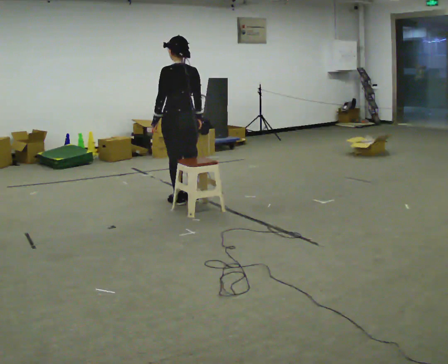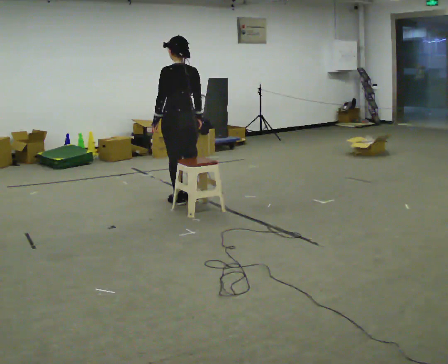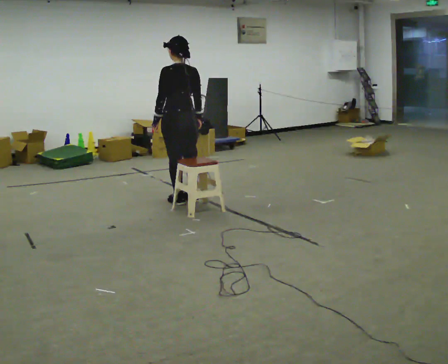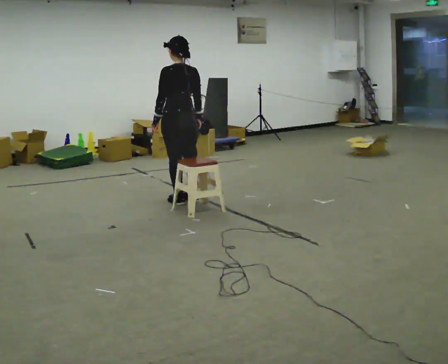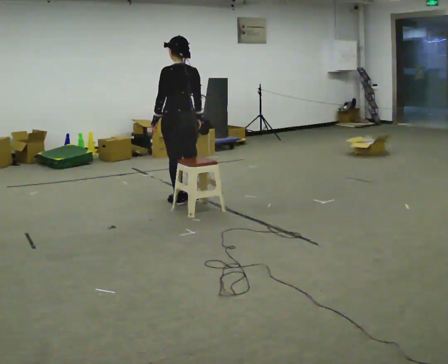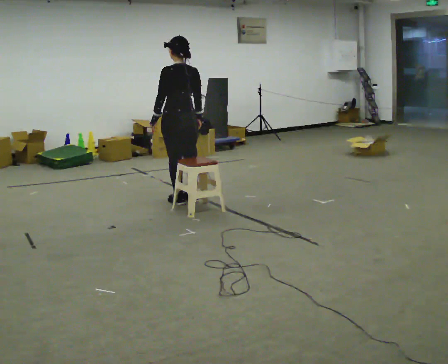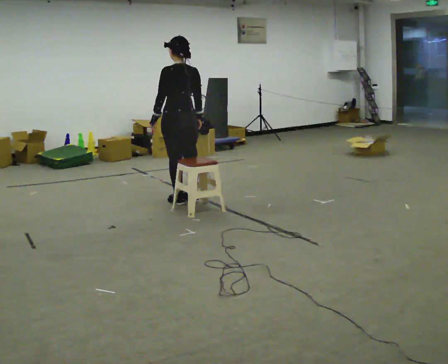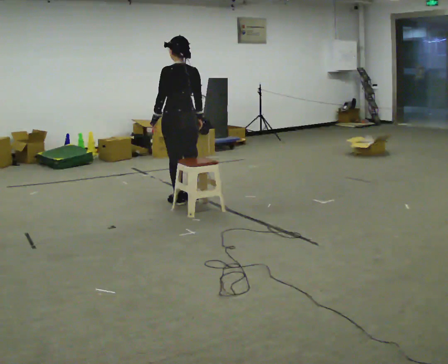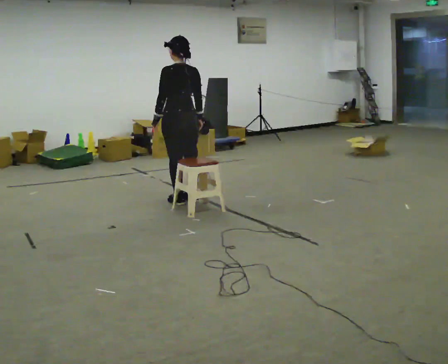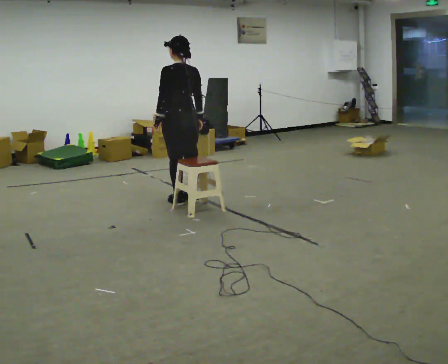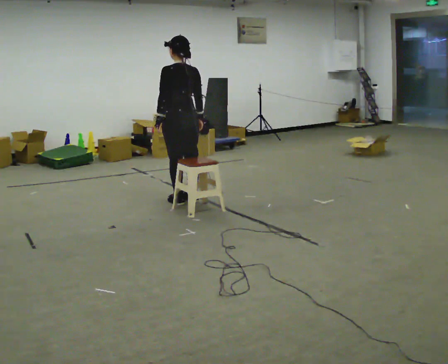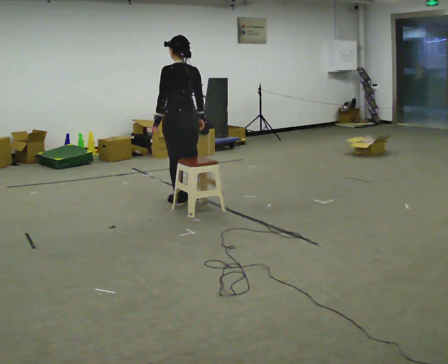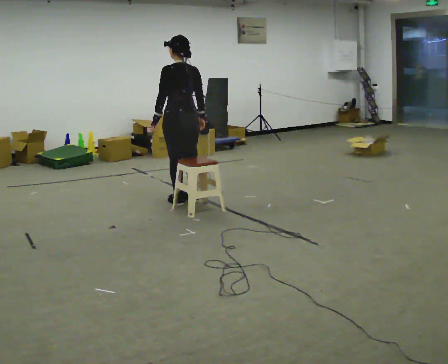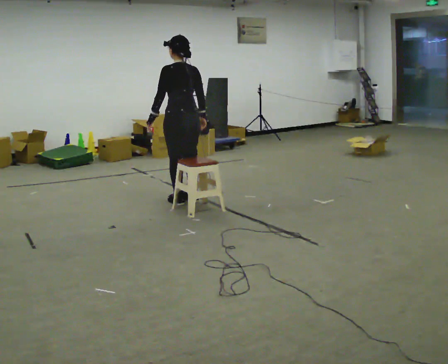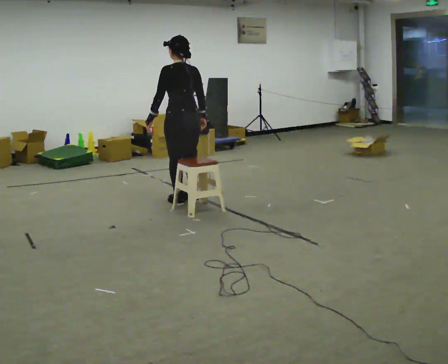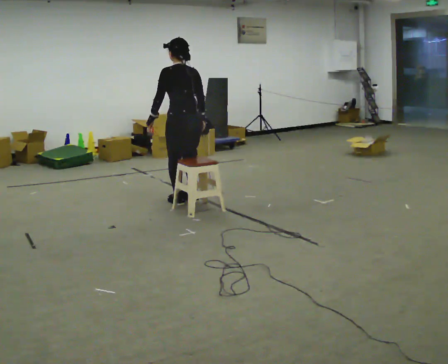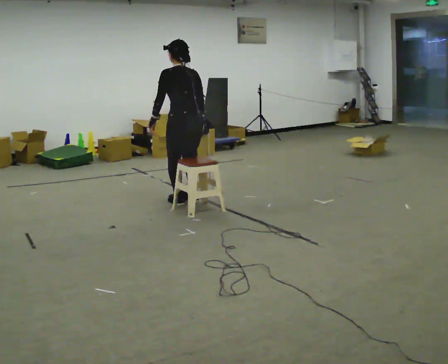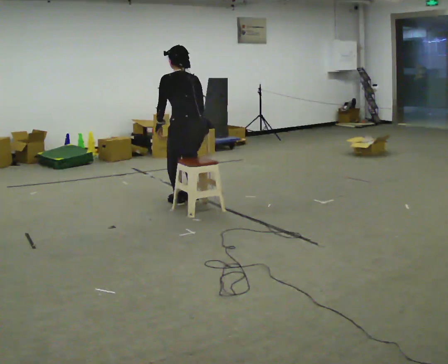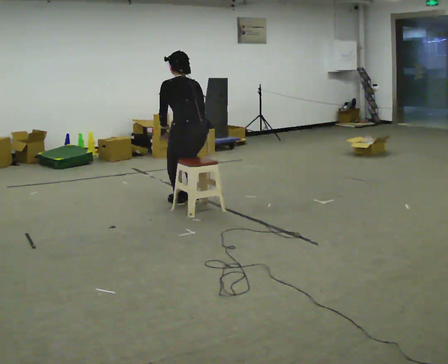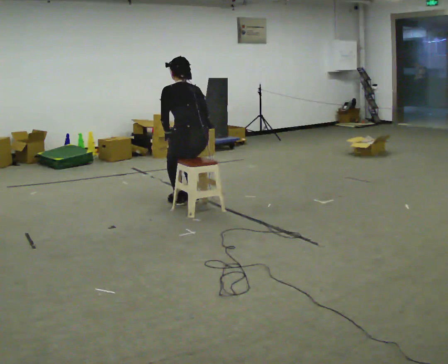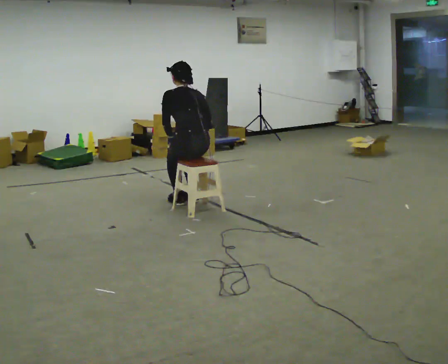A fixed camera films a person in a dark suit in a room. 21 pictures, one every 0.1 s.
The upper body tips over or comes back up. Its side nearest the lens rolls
upward.
0.0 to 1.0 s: The person moves a little, or ends about where they began.
1.0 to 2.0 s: In the picture they go toward the camera, about 0.25 m, which for them is backward. The upper body goes downward. The upper body tips away from the camera, its near side rolling upward, as they bend forward.
The film runs backward here.
